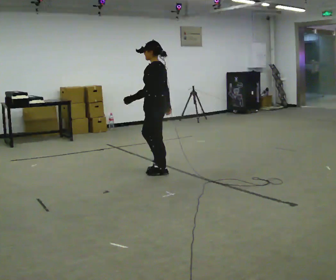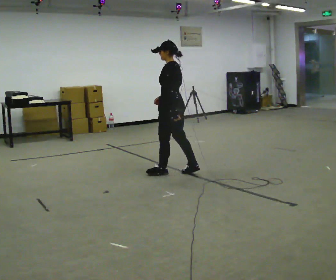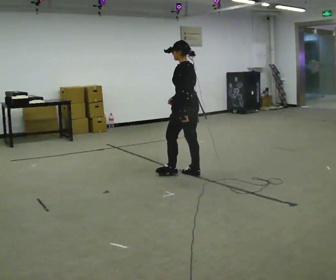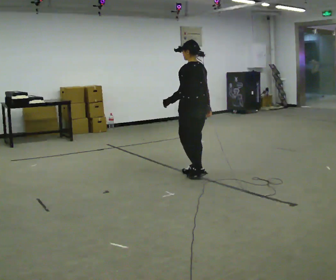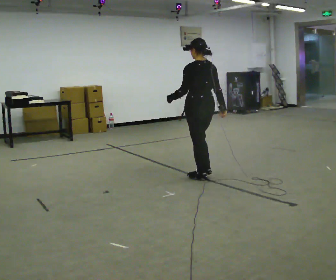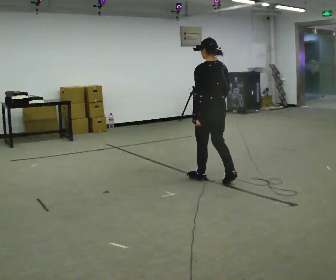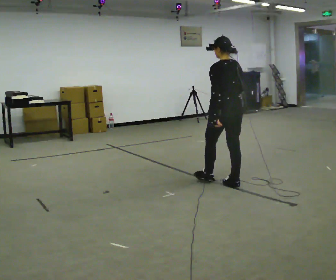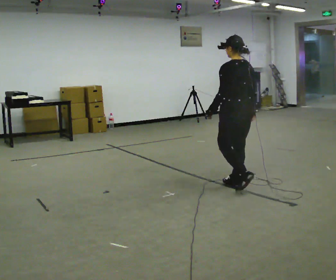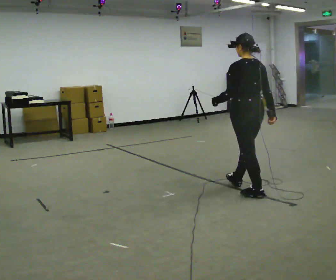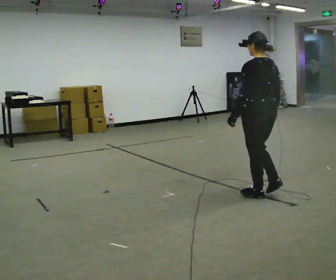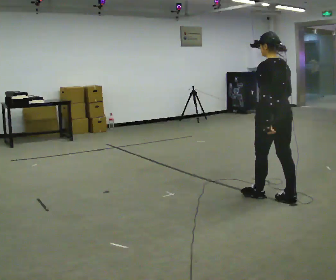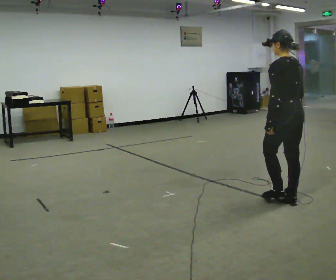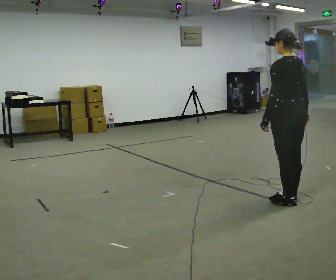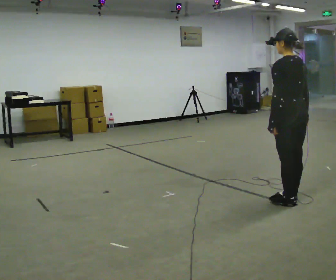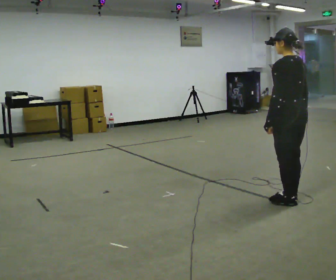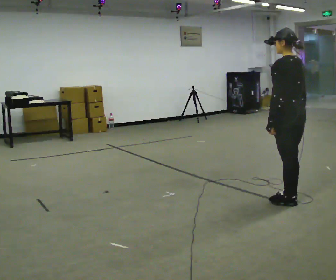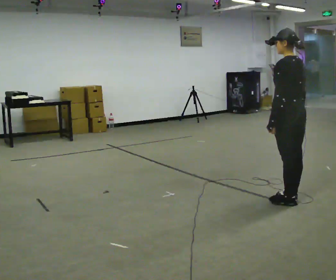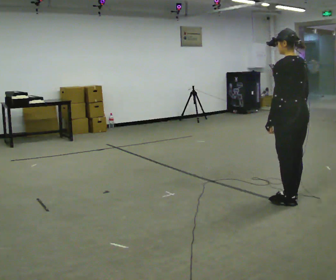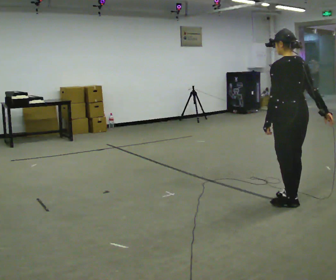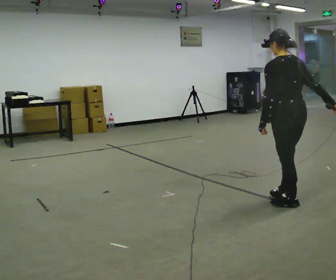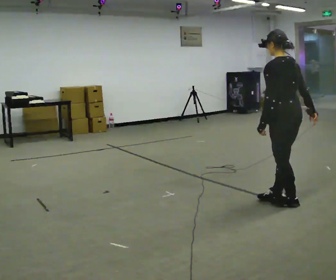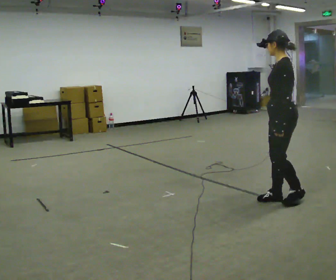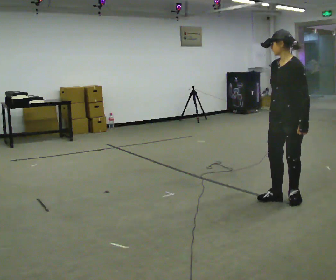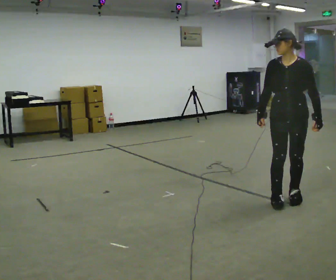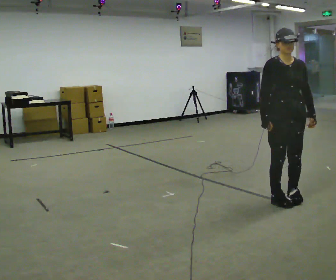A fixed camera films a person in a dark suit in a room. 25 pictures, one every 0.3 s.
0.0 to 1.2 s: Seen from above the body turns clockwise, about 30 degrees: to their right, with its near side sliding to the left. In the picture they go to the right, about 0.5 m in 2 steps, which for them is backward.
1.2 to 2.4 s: In the picture they go to the right and toward the camera, about 0.5 m in 2 steps, which for them is backward.
2.4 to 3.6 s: In the picture they go to the right and toward the camera, about 0.5 m in 1 step, which for them is backward.
3.6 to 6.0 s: The person moves a little, or ends about where they began.
6.0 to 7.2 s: The part of the body nearest the lens slides to the right as the person turns to their left by about 150 degrees. In the picture their right hand goes to the left, the arm swinging clockwise.
The film runs backward here.
